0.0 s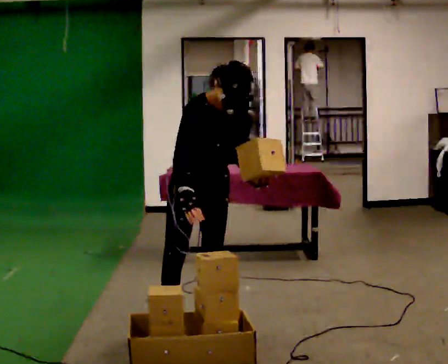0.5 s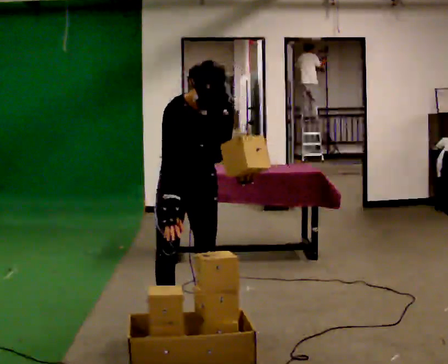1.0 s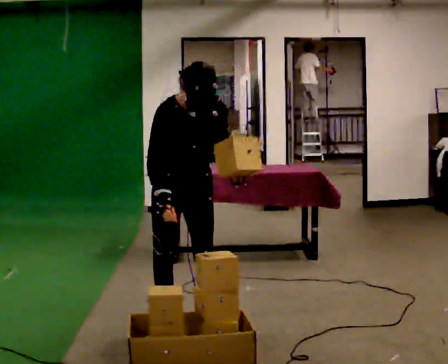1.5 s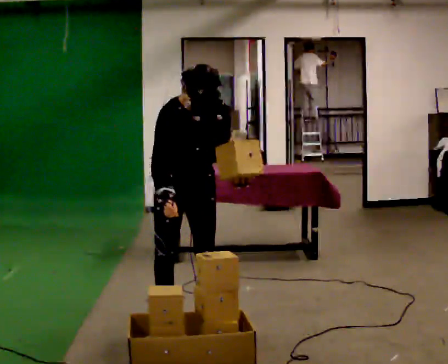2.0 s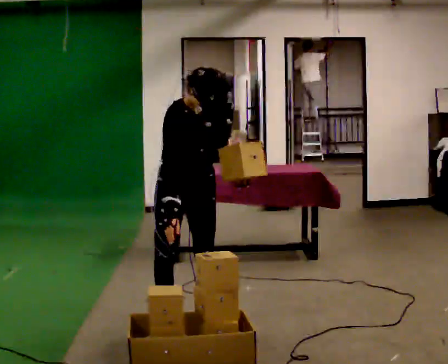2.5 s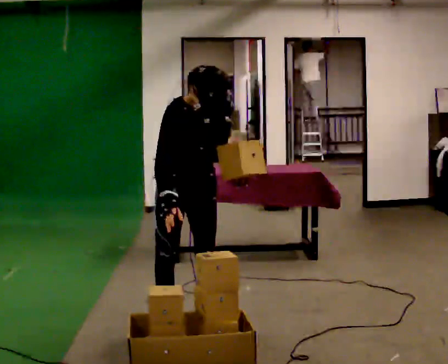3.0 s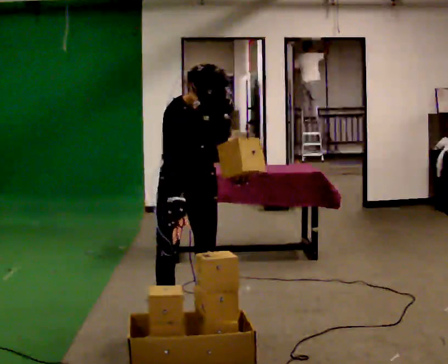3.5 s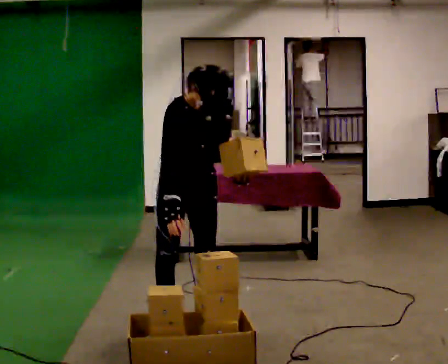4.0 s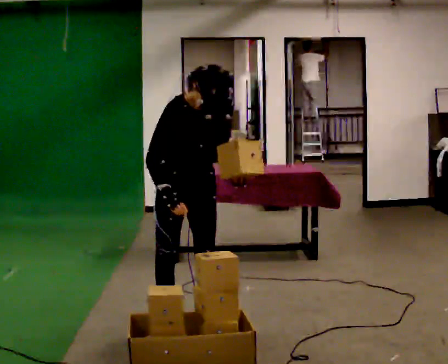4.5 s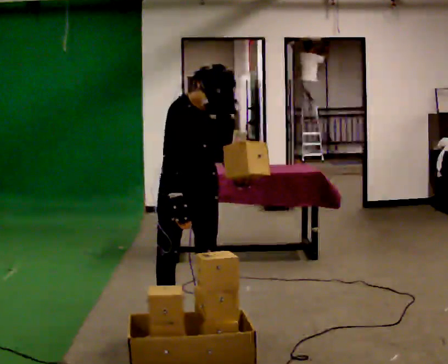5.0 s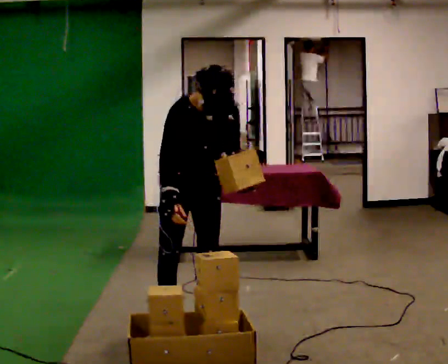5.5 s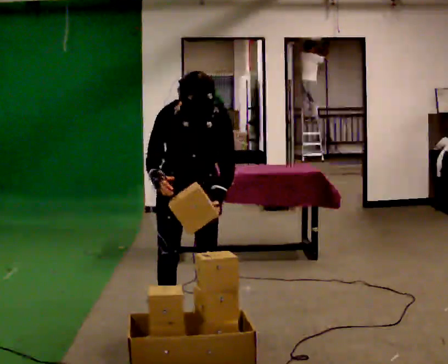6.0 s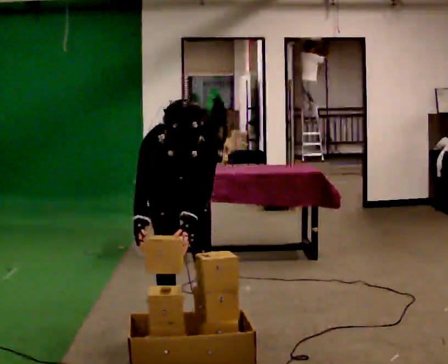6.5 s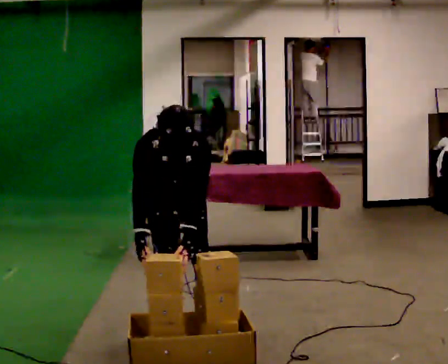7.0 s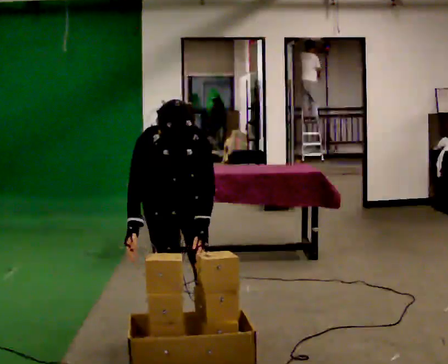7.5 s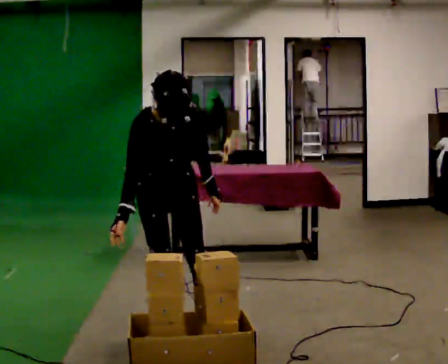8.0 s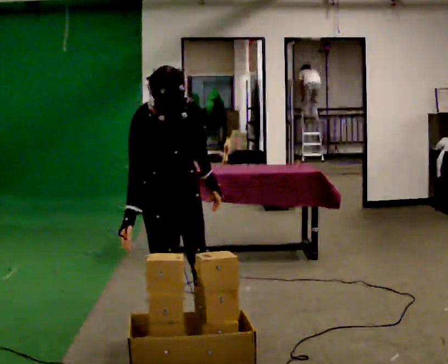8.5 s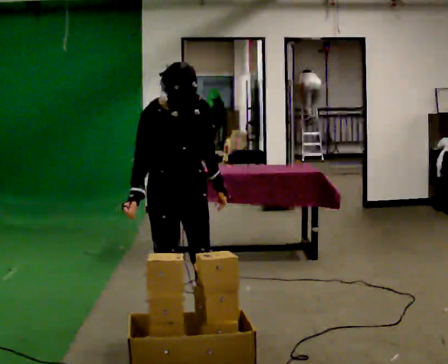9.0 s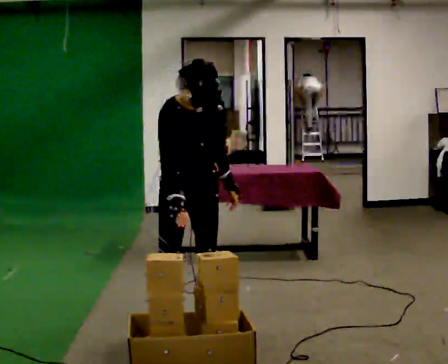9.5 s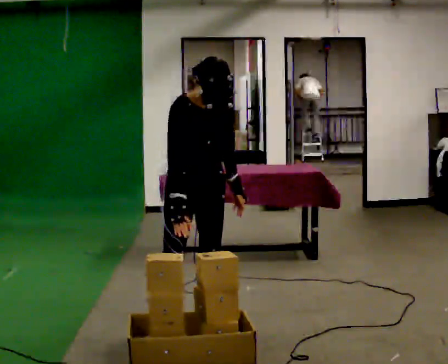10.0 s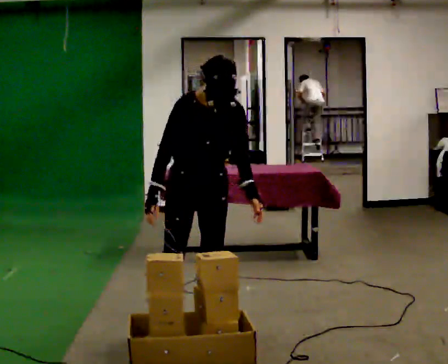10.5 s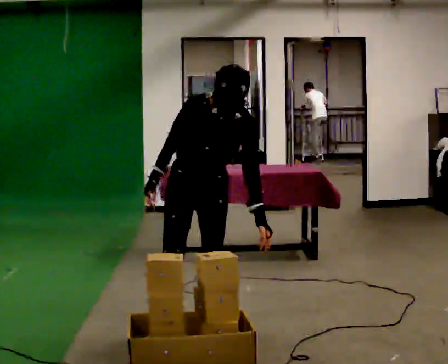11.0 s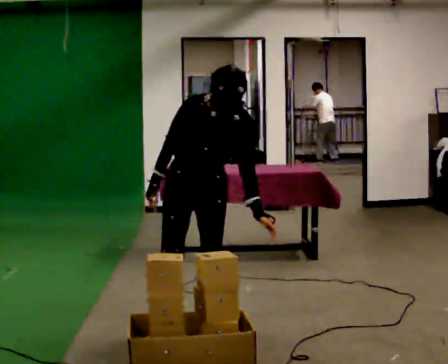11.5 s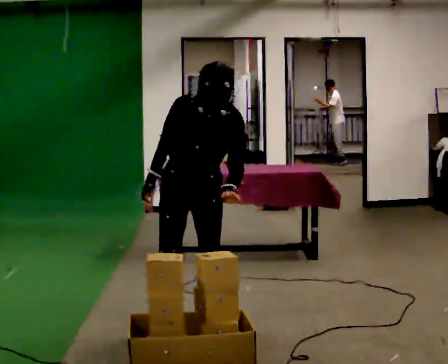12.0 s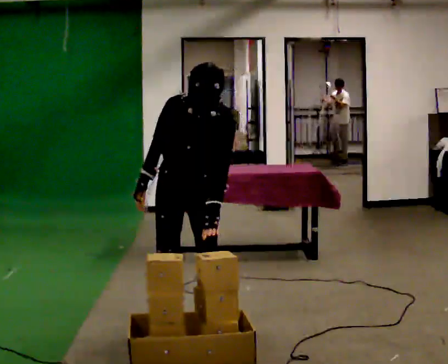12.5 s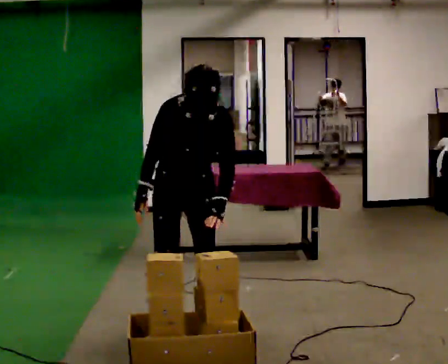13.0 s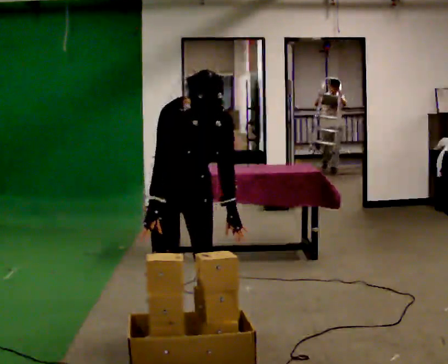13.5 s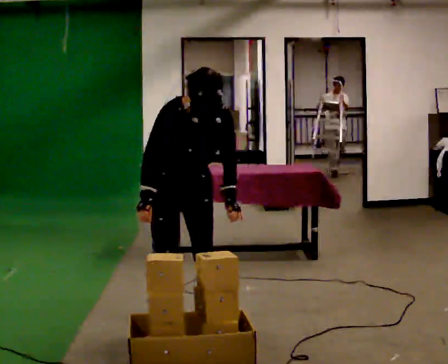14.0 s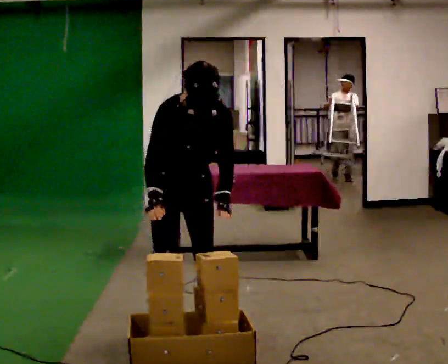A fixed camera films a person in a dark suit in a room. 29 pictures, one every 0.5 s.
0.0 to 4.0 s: The person moves a little, or ends about where they began.
4.0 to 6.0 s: The upper body goes downward. The upper body tips toward the camera, its near side rolling downward, as they bend forward.
6.0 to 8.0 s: The upper body tips away from the camera, its near side rolling upward, as they lean back or straighten.
8.0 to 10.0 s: In the picture they go to the right, about 0.25 m, which for them is to their left.
10.0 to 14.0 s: The person moves a little, or ends about where they began.
The film runs forward here.
